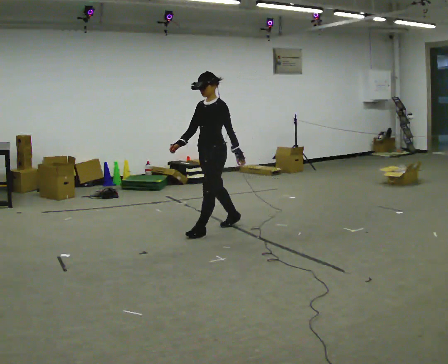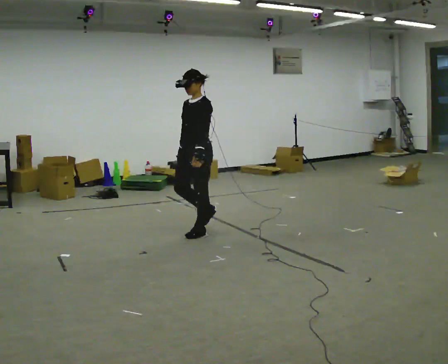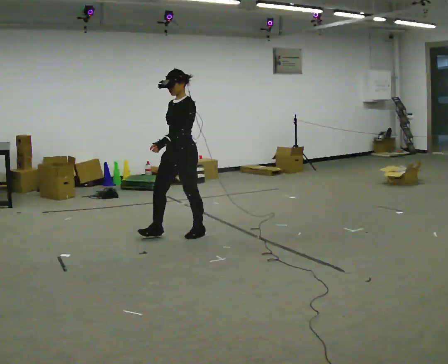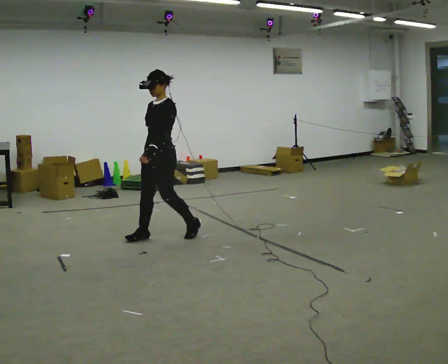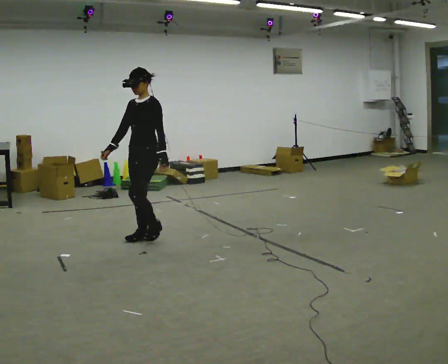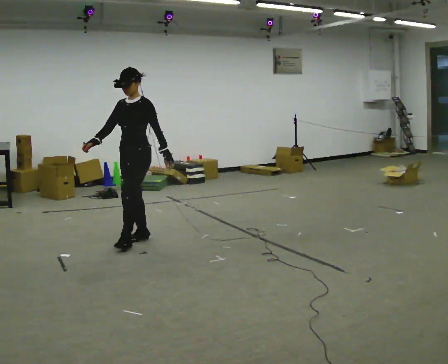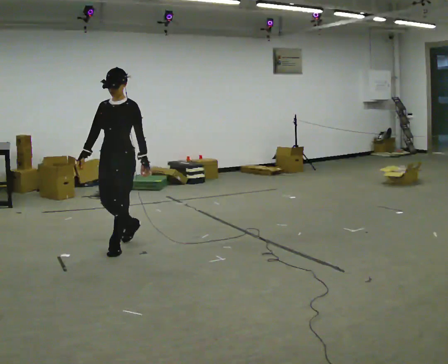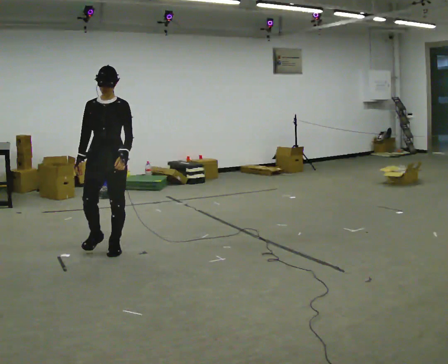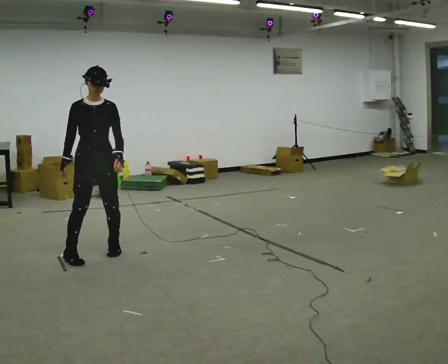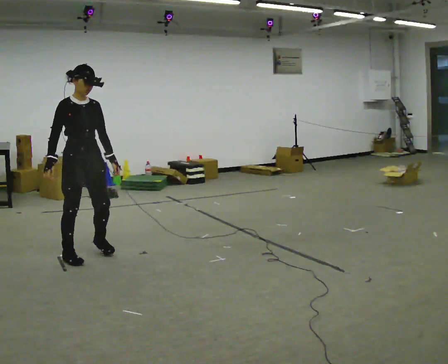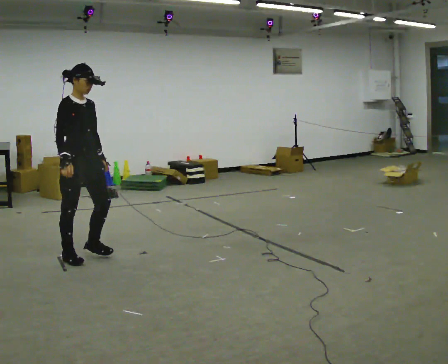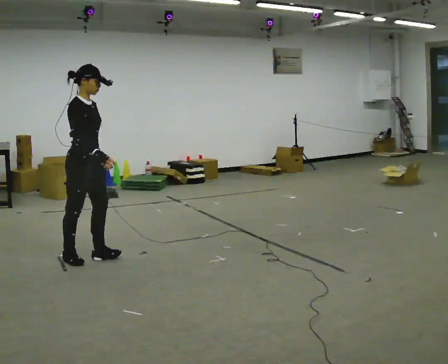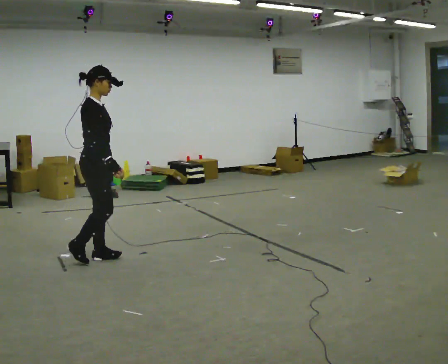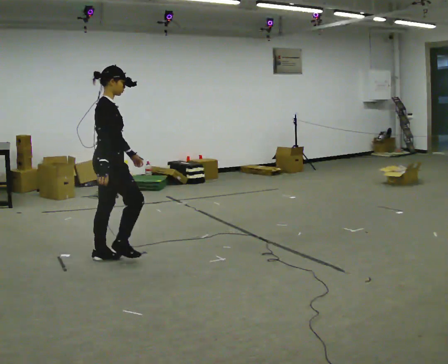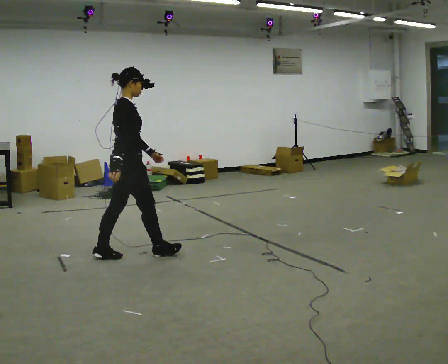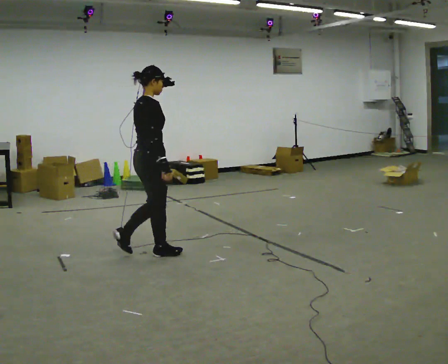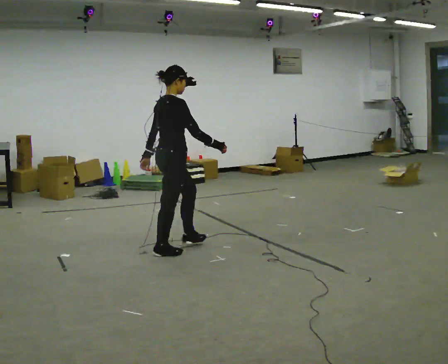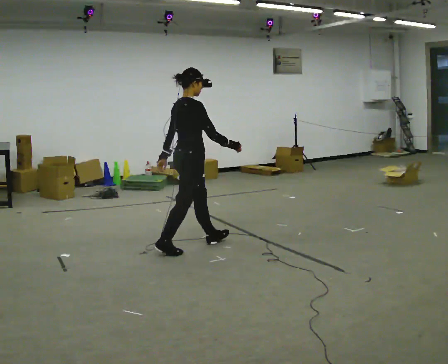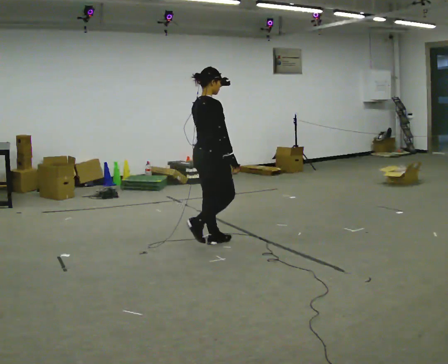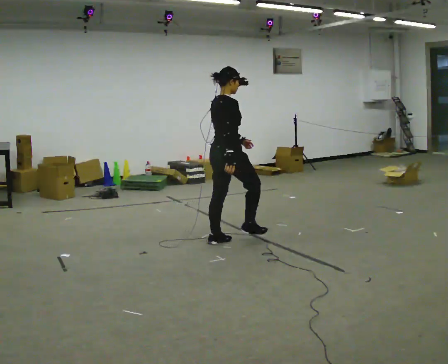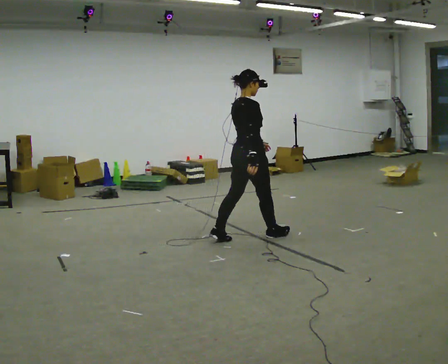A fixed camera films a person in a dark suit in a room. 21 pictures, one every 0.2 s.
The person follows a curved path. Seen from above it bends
counterclockwise.
The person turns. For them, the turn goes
to their left.
0.0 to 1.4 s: Seen from above the body turns counterclockwise, about 45 degrees: to their left, with its near side sliding to the right. In the picture they go to the left and toward the camera, about 1 m in 2 steps, which for them is forward.
1.4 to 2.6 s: The part of the body nearest the lens slides to the right as the person turns to their left by about 105 degrees. In the picture they go toward the camera, about 0.25 m in 2 steps.
2.6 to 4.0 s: In the picture they go to the right, about 1.5 m in 3 steps, which for them is forward.
The film runs forward here.
